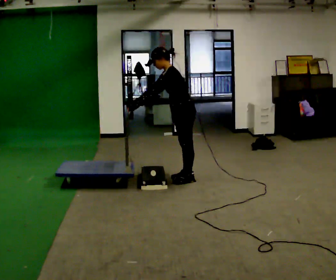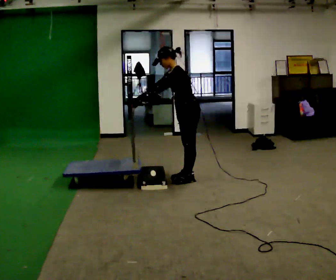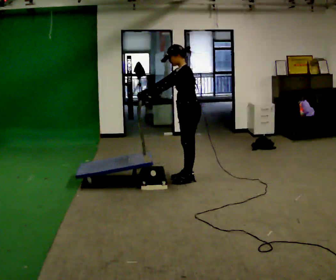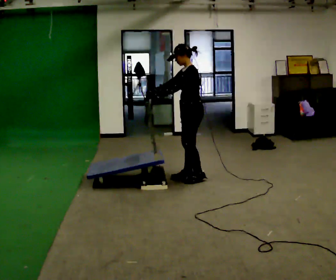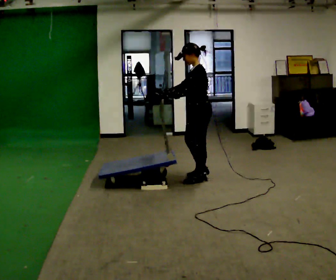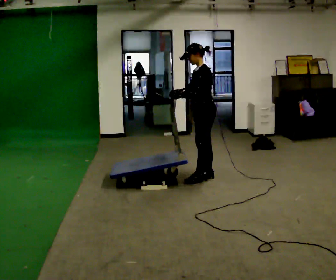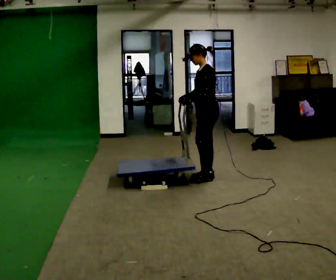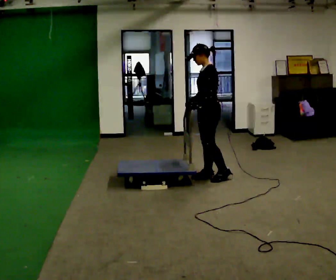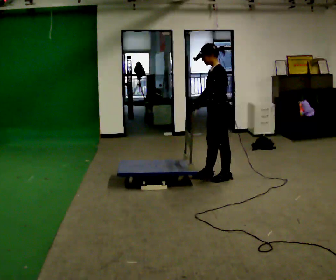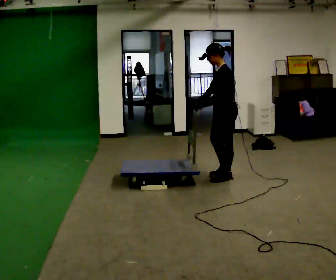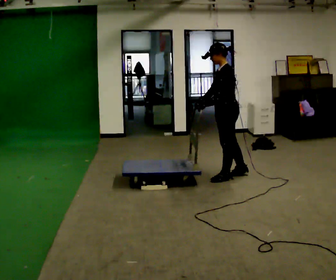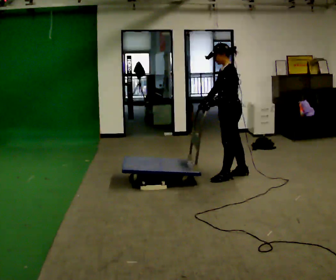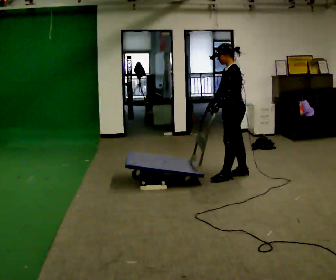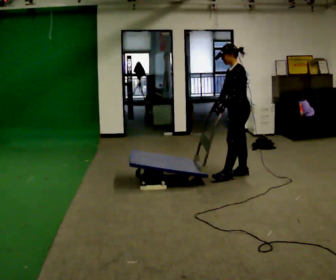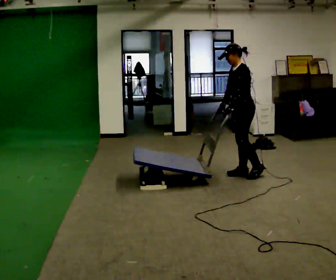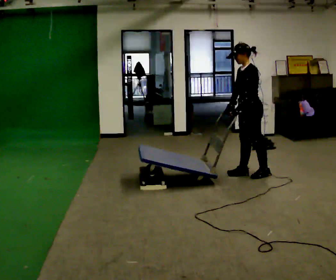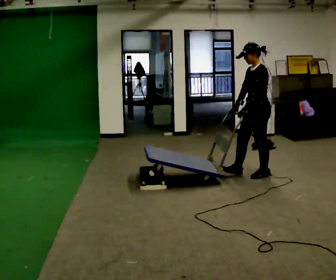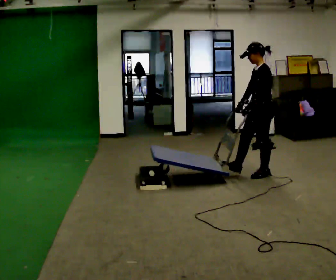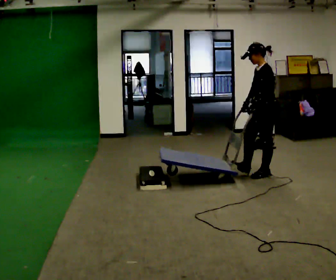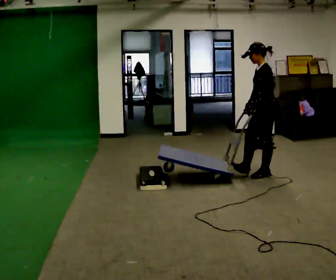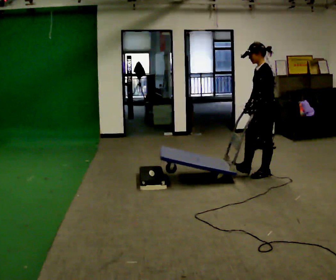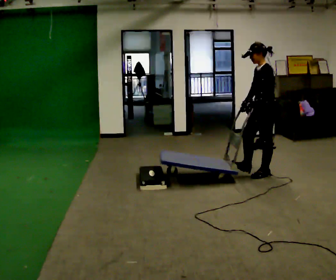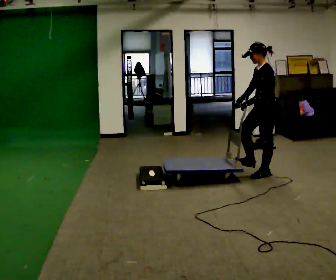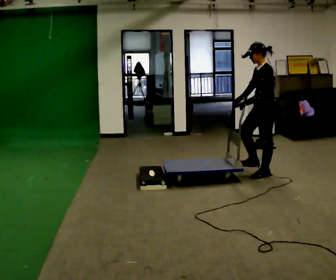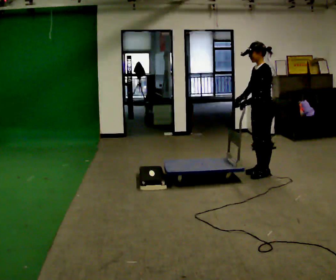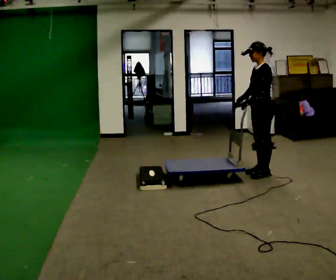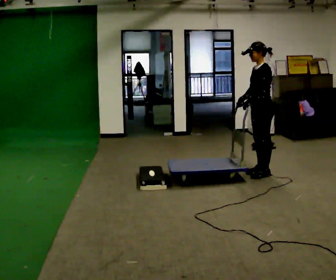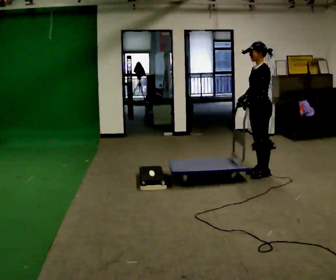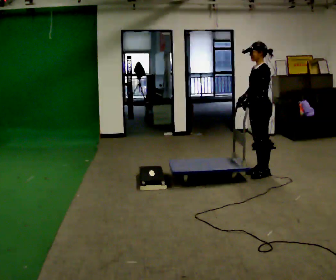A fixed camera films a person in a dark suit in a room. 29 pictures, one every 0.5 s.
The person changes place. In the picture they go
to the right.
0.0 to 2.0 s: In the picture they go to the right, about 0.25 m in 1 step, which for them is backward. In the picture the upper body tilts clockwise, shoulders to the right, as they lean back or straighten. In the picture their right hand goes to the right.
2.0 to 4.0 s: In the picture they go to the right, about 0.25 m in 1 step, which for them is backward. In the picture their right hand goes to the right.
4.0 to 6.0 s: In the picture they go to the right, about 0.25 m in 1 step, which for them is backward.
6.0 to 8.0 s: In the picture they go to the right, about 0.25 m in 1 step, which for them is backward.
8.0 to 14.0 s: The person moves a little, or ends about where they began.
The film runs backward here.
